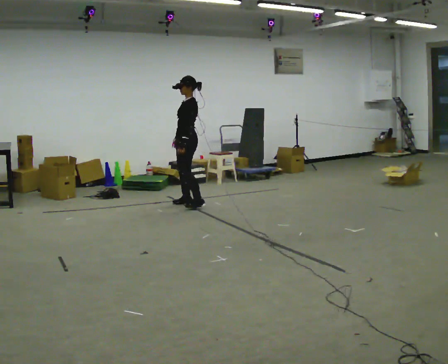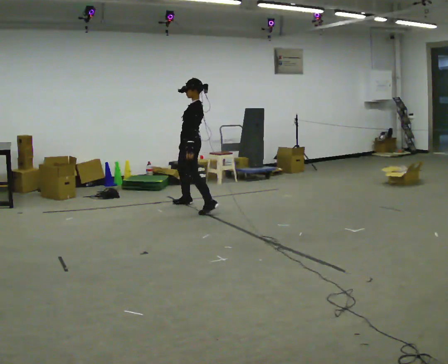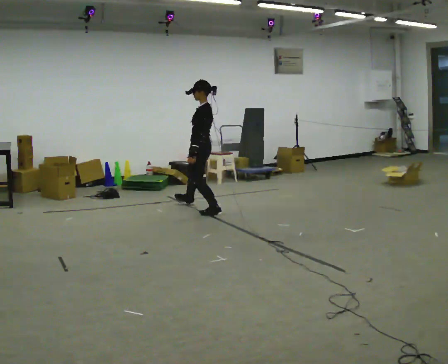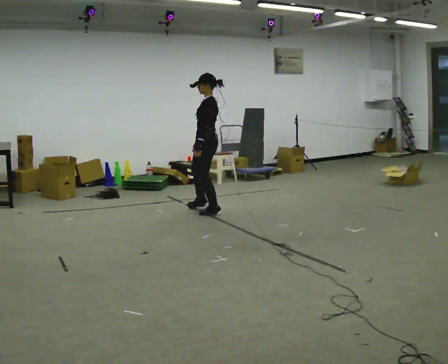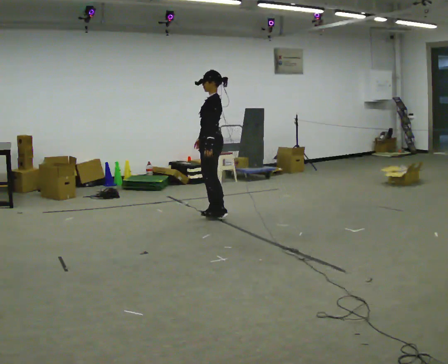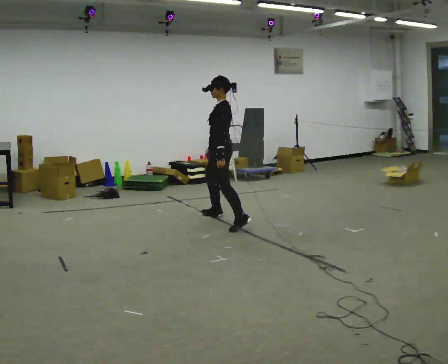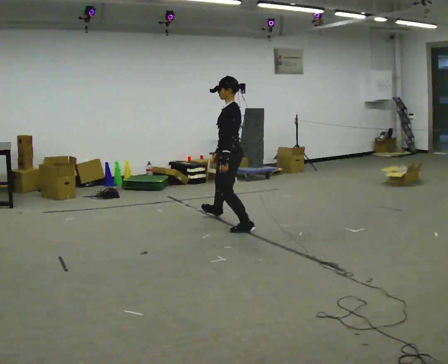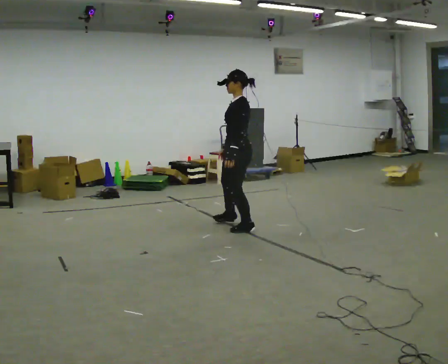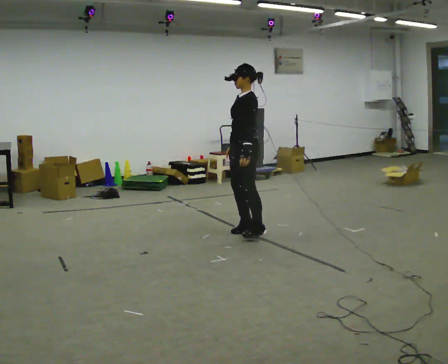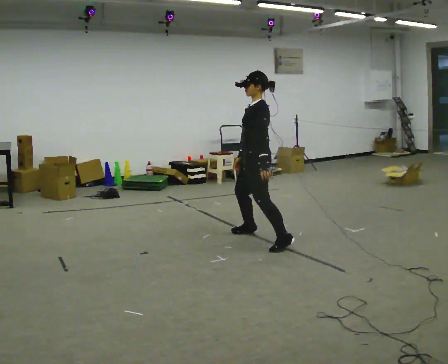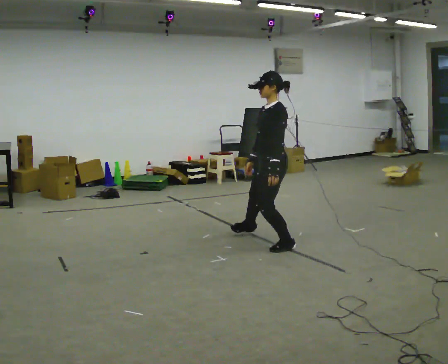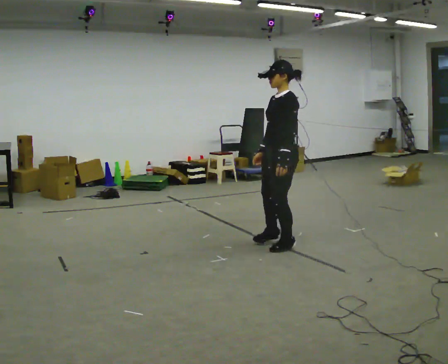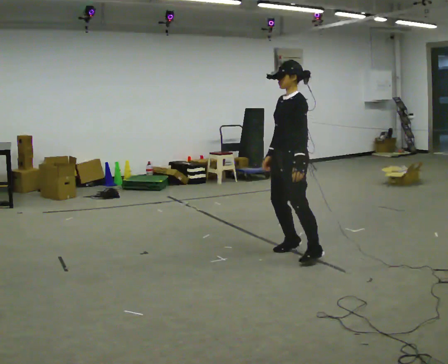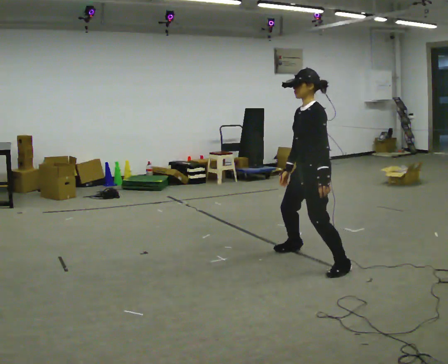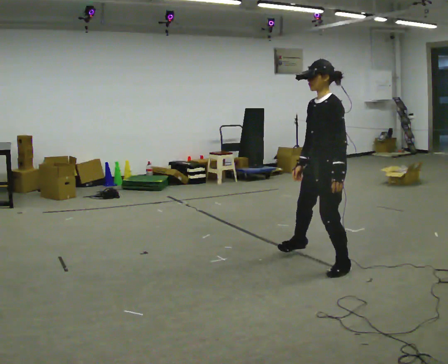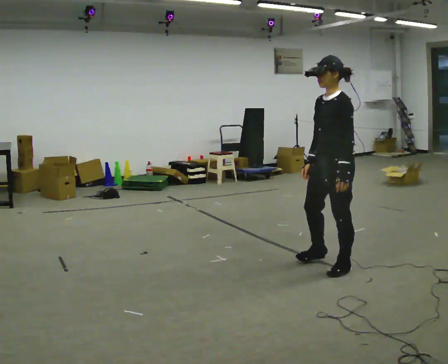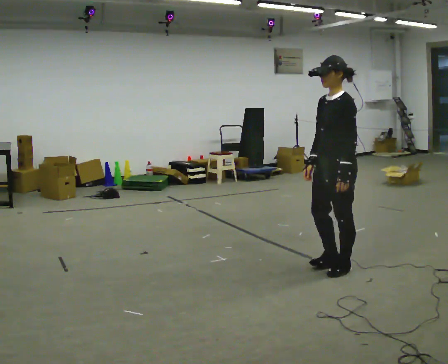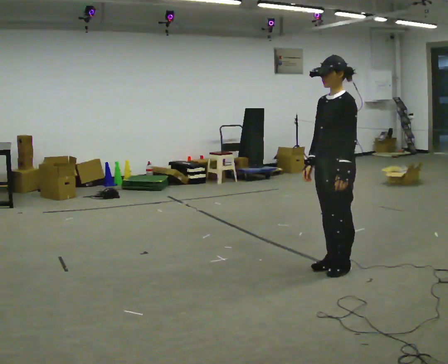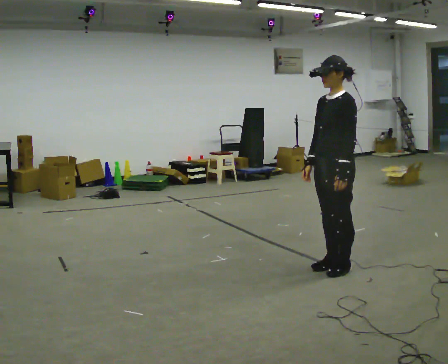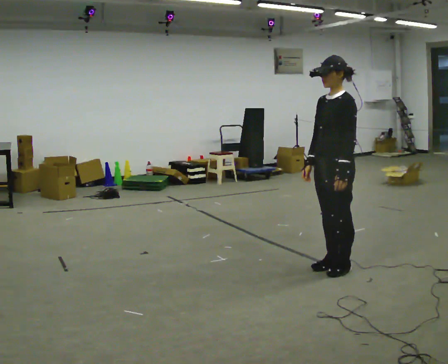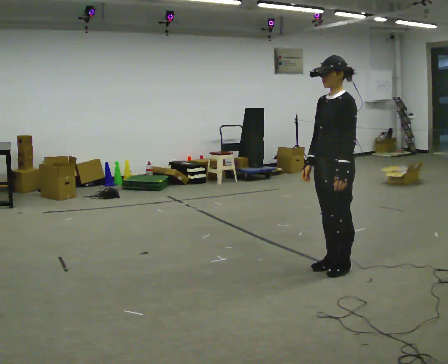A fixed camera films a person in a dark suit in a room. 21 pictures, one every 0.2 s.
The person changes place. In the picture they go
toward the camera.
0.0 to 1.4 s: In the picture they go toward the camera and to the right, about 1.5 m in 3 steps, which for them is to their left and backward.
1.4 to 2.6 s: In the picture they go toward the camera and to the right, about 1 m in 3 steps, which for them is to their left.
2.6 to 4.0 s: In the picture they go toward the camera, about 0.25 m in 1 step, which for them is to their left.
The film runs backward here.
